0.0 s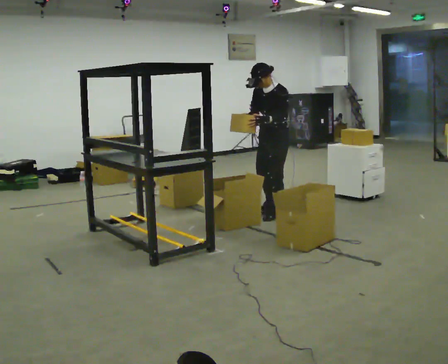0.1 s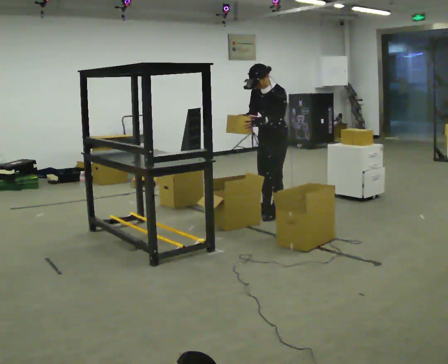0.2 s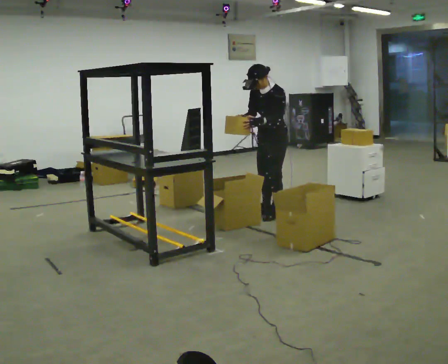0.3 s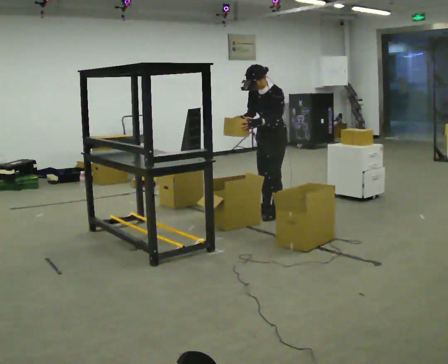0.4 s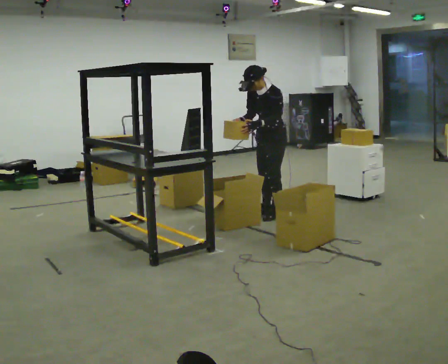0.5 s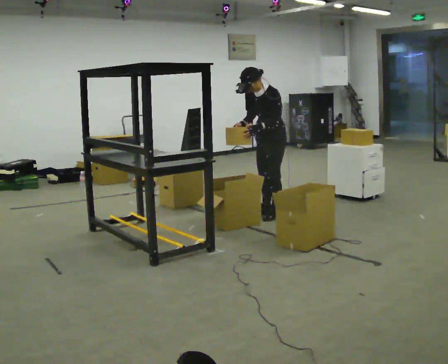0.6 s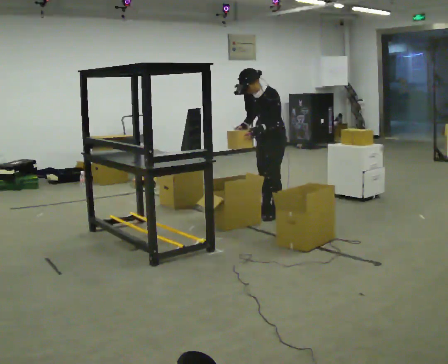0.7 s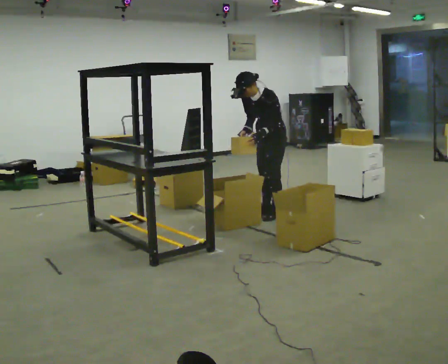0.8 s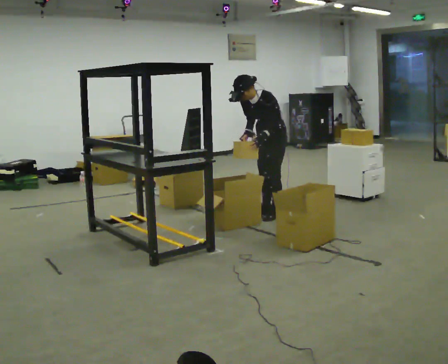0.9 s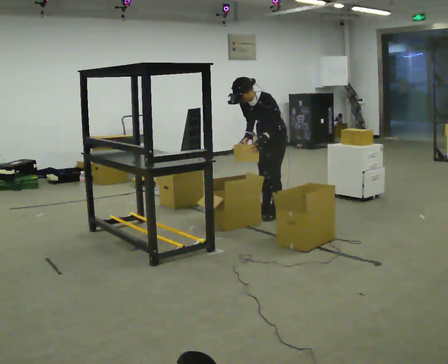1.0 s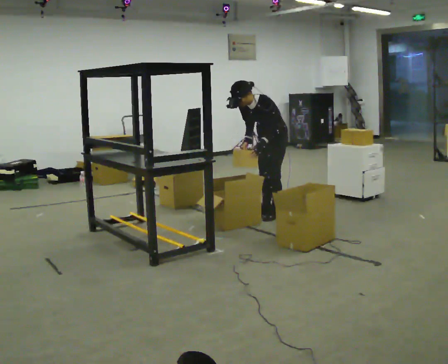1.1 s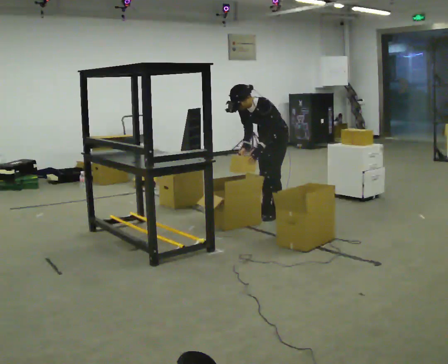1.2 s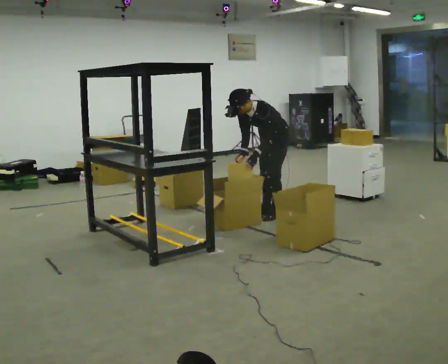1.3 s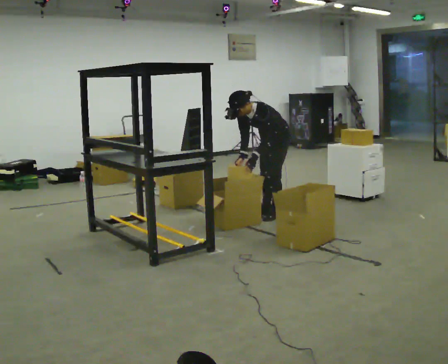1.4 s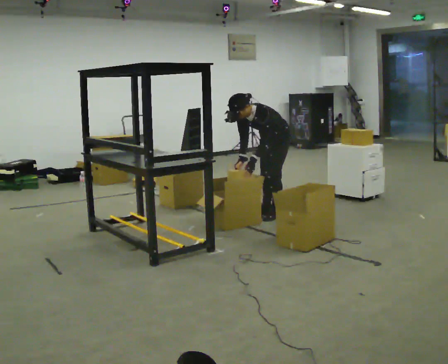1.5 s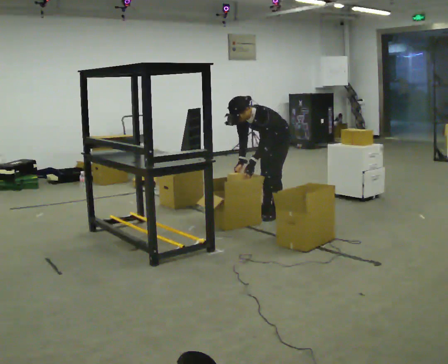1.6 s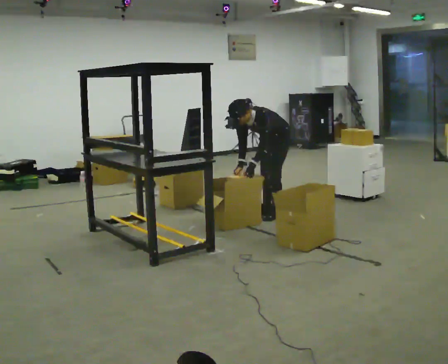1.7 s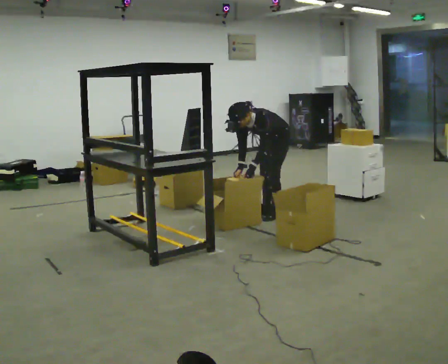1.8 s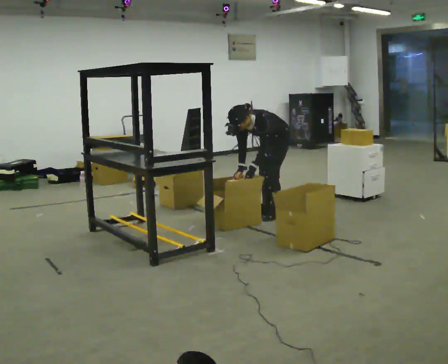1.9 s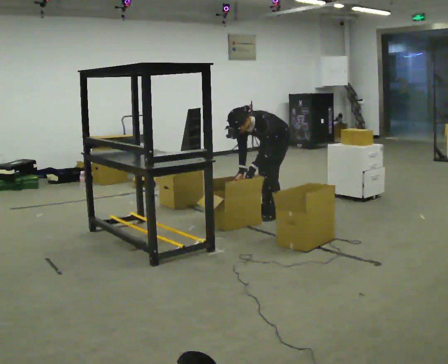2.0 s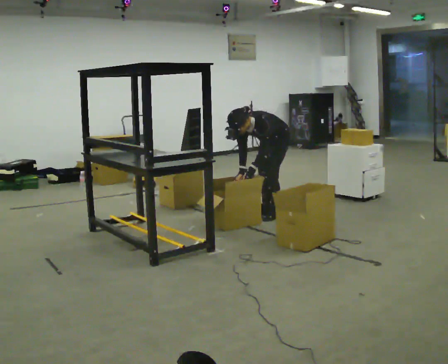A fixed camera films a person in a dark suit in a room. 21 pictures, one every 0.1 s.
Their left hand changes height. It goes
downward.
Their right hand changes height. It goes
downward.
0.0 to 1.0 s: In the picture the upper body tilts counterclockwise, shoulders to the left, as they bend forward.
1.0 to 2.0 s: The upper body goes downward. The upper body tips toward the camera, its near side rolling downward, as they bend forward.
The film runs forward here.
